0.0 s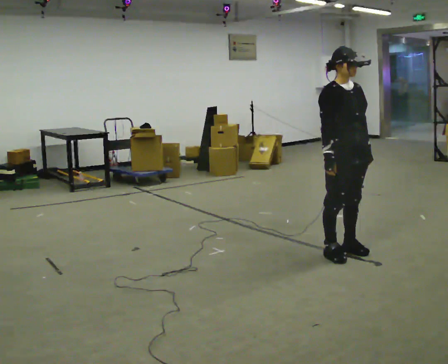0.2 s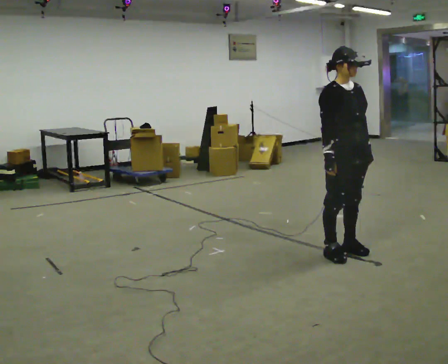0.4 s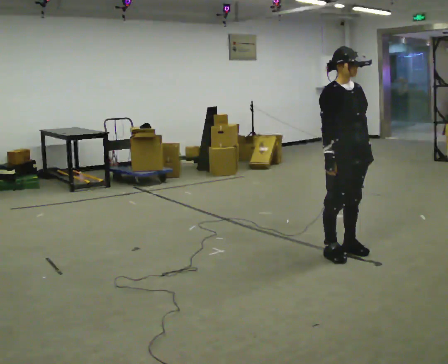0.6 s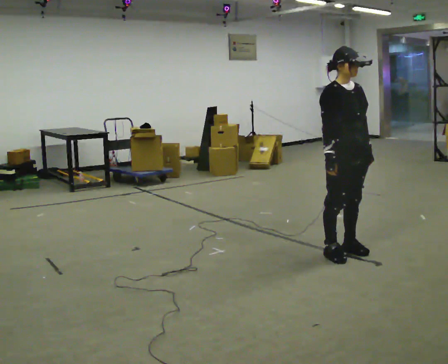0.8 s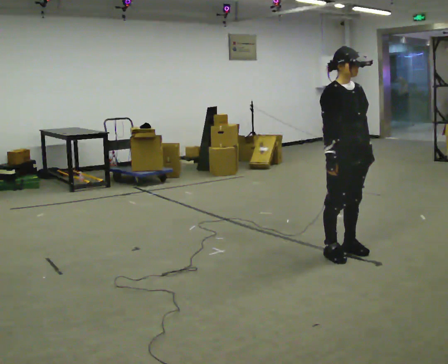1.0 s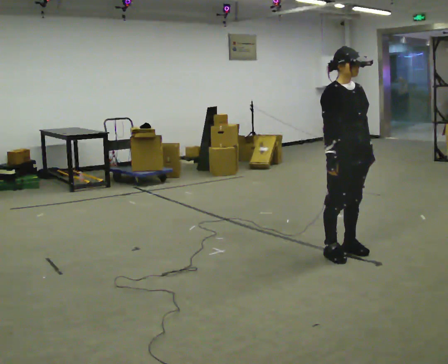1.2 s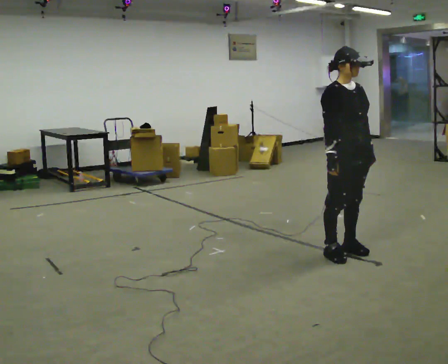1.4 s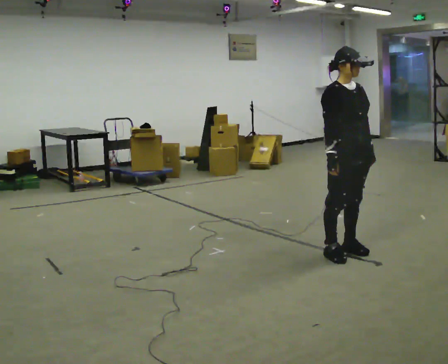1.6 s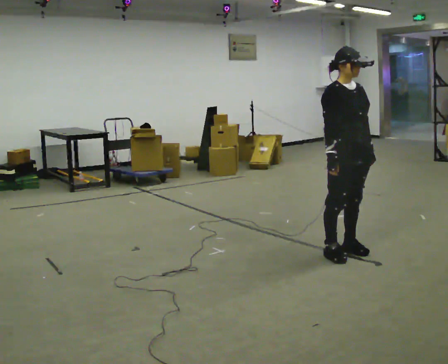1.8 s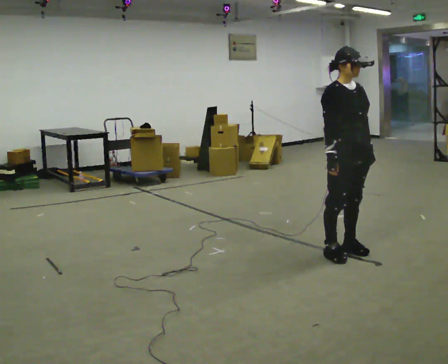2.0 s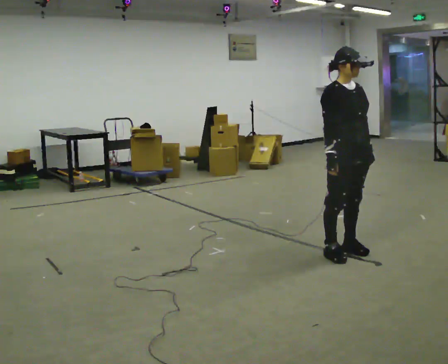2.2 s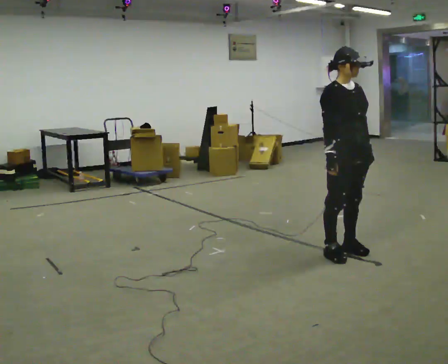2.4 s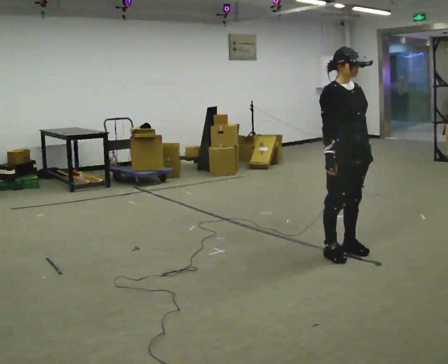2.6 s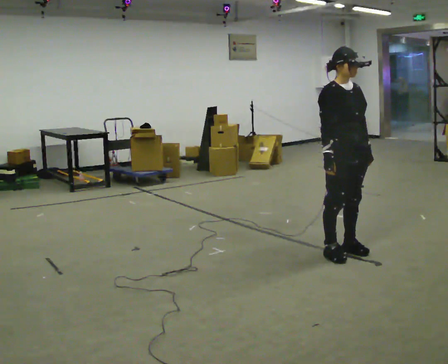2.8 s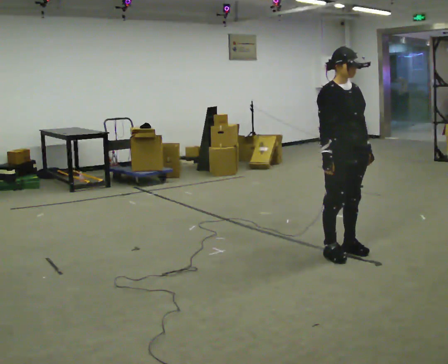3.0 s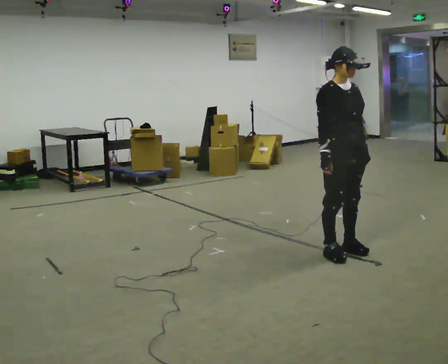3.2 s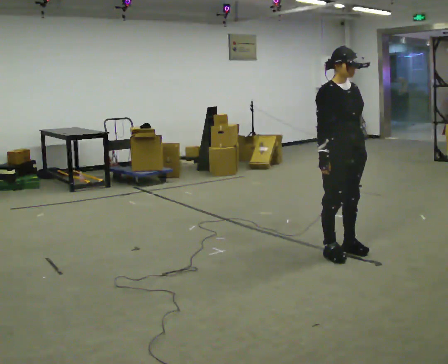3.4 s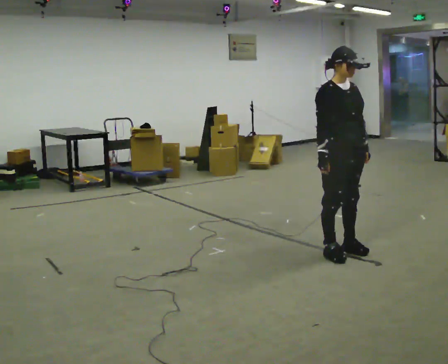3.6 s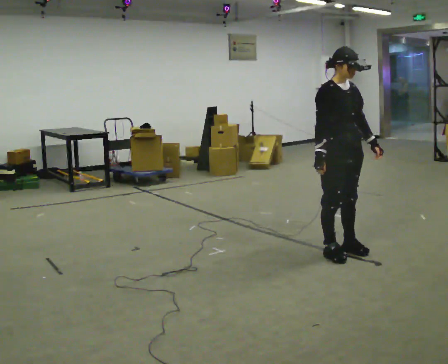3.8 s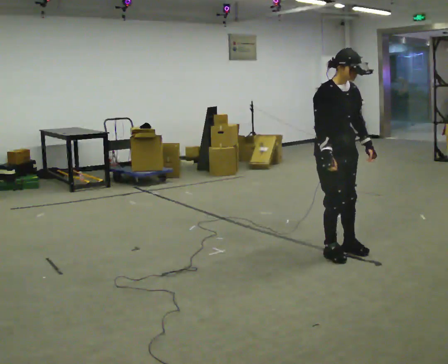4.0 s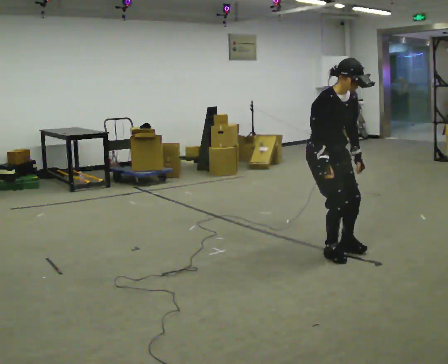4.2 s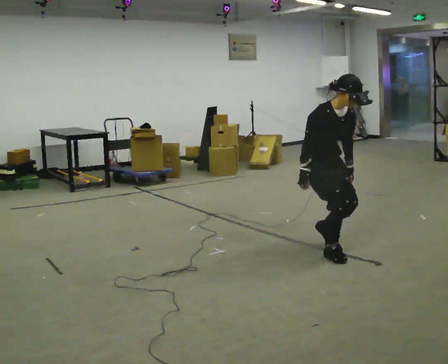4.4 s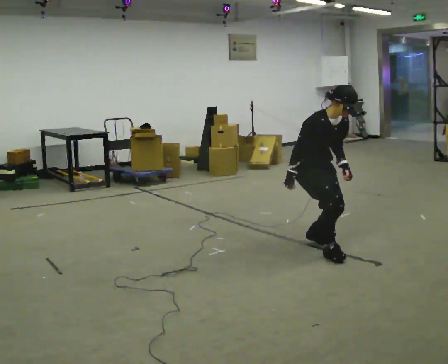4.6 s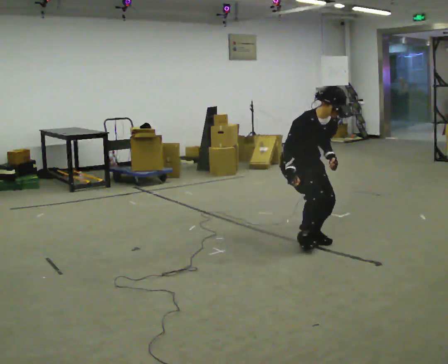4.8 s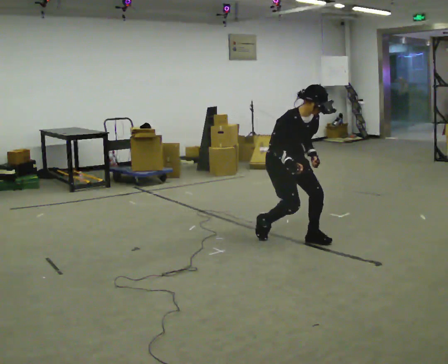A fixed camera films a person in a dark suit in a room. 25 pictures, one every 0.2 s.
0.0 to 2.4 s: The person keeps their place and pose.
2.4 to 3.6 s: The person moves a little, or ends about where they began.
3.6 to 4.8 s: In the picture they go away from the camera and to the left, about 0.5 m in 2 steps, which for them is backward. The upper body goes downward. In the picture the upper body tilts clockwise, shoulders to the right, as they bend forward.
The film runs backward here.
